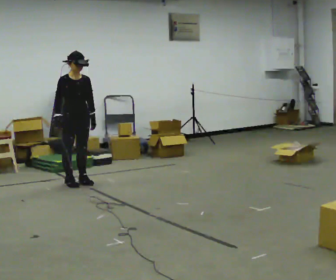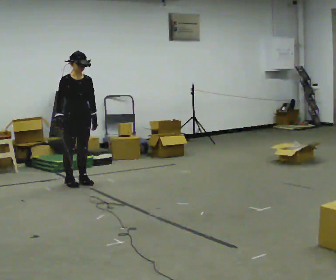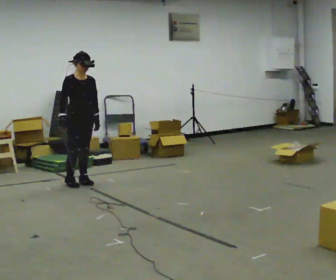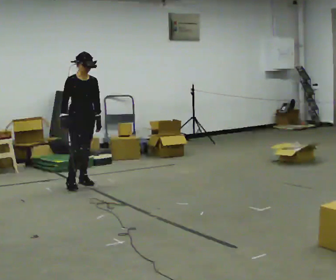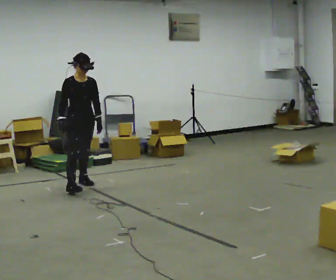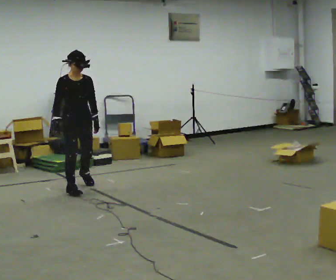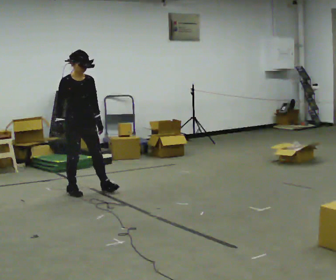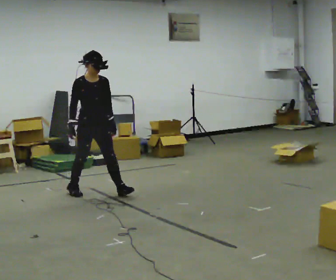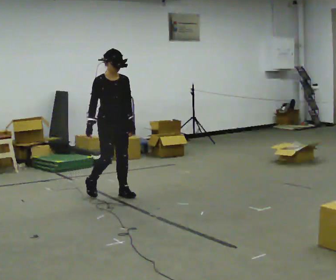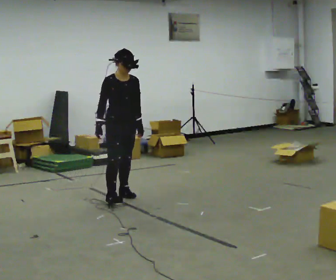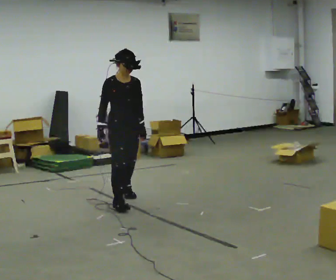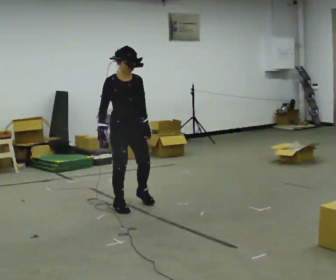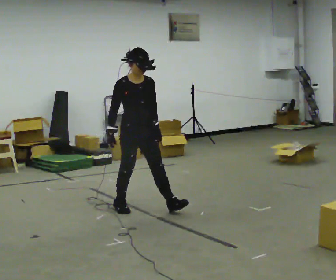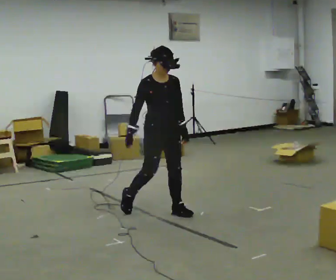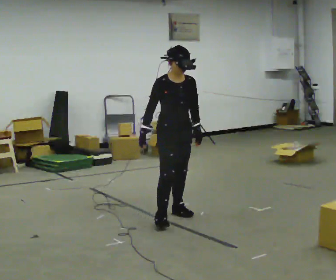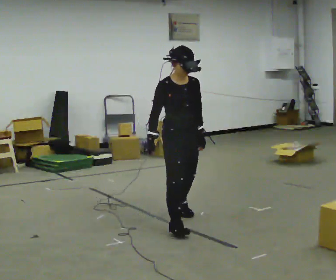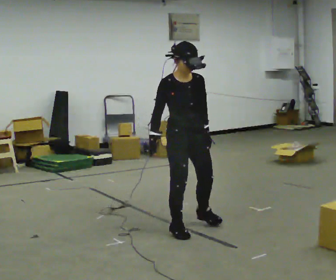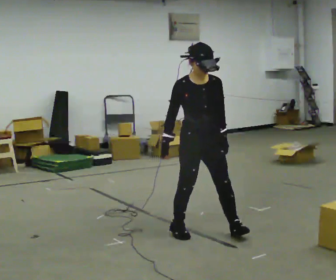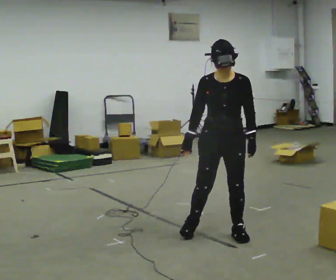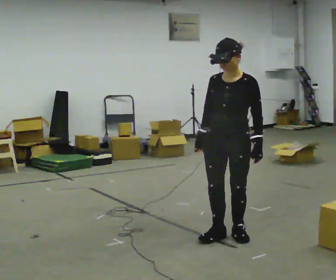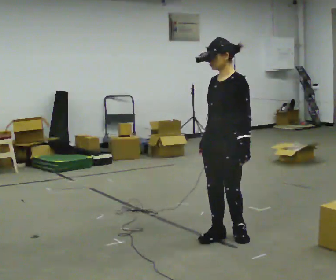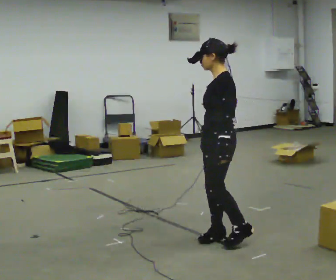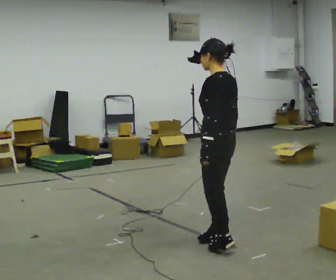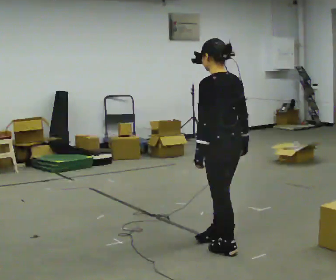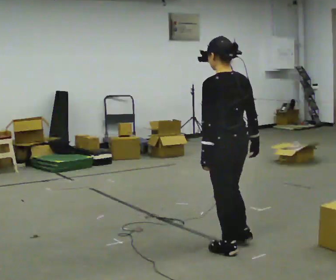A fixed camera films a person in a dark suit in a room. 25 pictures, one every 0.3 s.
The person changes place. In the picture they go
toward the camera.
The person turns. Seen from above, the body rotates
clockwise.
0.0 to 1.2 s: In the picture they go toward the camera, about 0.25 m in 1 step, which for them is forward.
1.2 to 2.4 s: In the picture they go toward the camera and to the right, about 0.5 m in 1 step, which for them is forward.
2.4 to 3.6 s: In the picture they go toward the camera and to the right, about 0.75 m in 1 step, which for them is forward.
3.6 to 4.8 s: In the picture they go toward the camera and to the right, about 0.5 m in 2 steps, which for them is forward.
4.8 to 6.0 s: The part of the body nearest the lens slides to the left as the person turns to their right by about 90 degrees. In the picture they go to the right and toward the camera, about 0.5 m in 2 steps.
6.0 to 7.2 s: The person turns about 90 degrees to their right, clockwise seen from above, so the part of the body nearest the lens slides to the left. In the picture they go toward the camera, about 0.25 m in 1 step.
The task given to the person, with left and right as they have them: Walk forward with your feet closer together than normal, or further apart than normal, as the operator states; stop.
The film runs forward here.
